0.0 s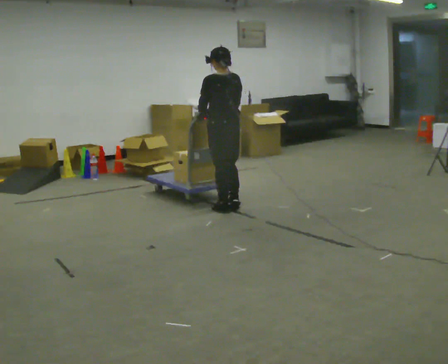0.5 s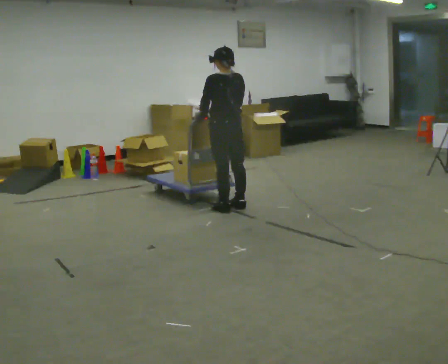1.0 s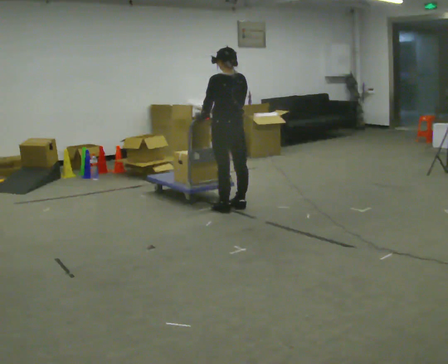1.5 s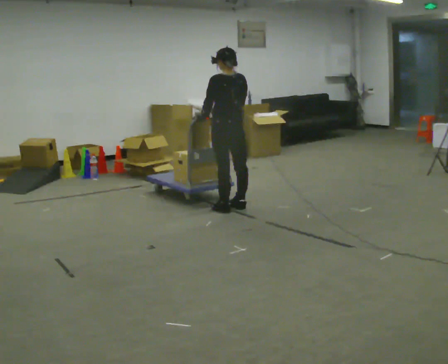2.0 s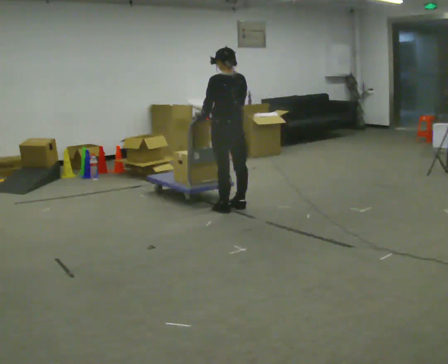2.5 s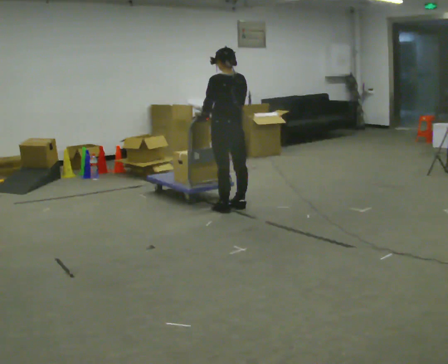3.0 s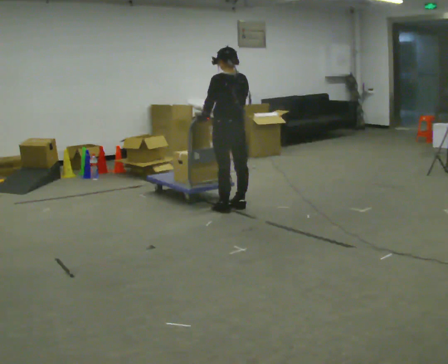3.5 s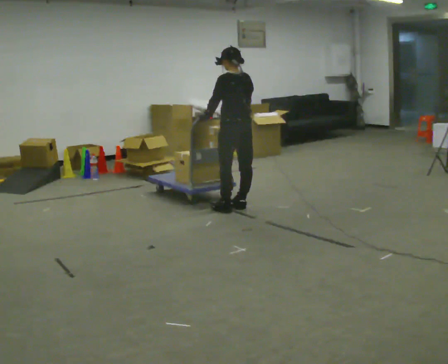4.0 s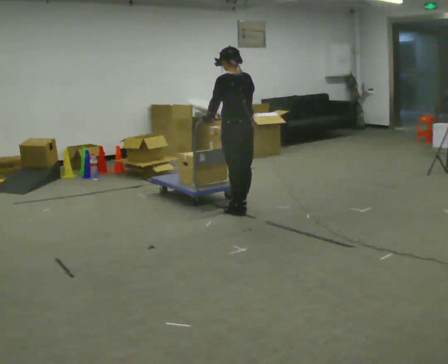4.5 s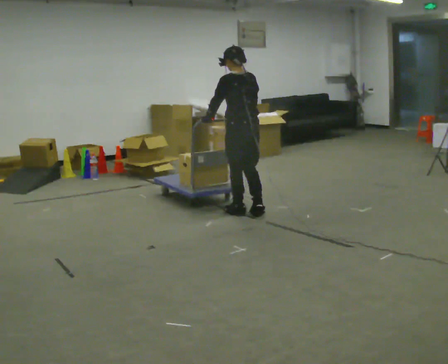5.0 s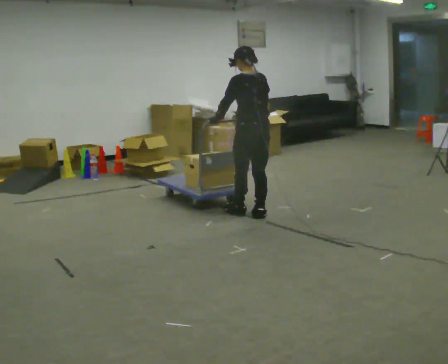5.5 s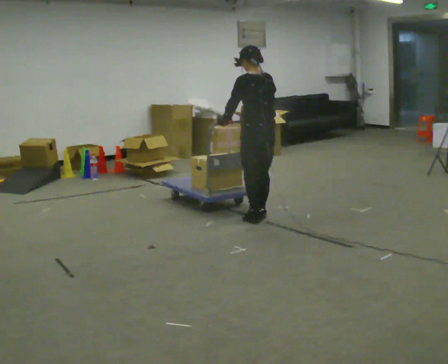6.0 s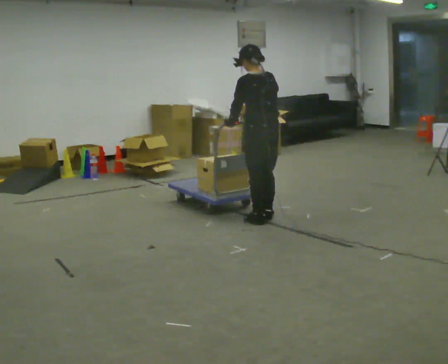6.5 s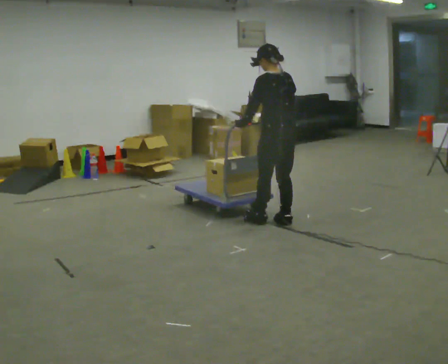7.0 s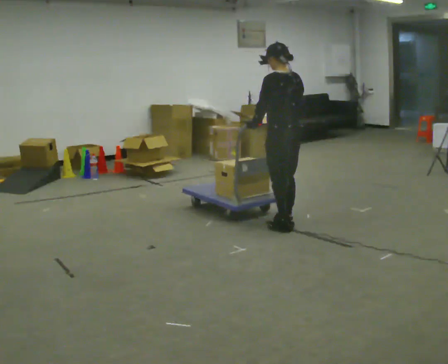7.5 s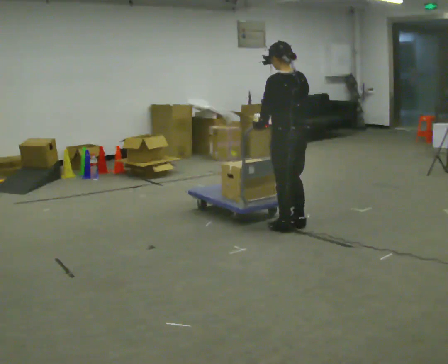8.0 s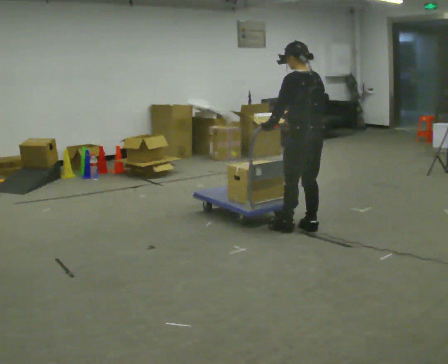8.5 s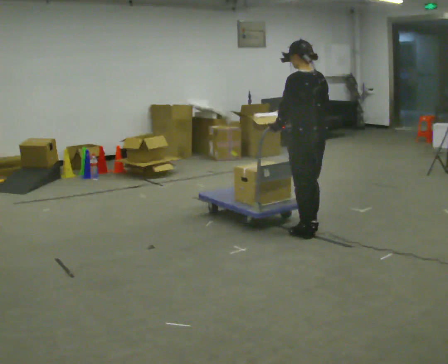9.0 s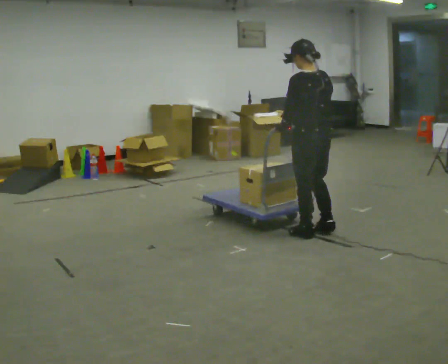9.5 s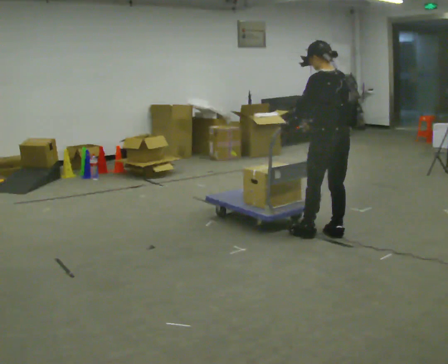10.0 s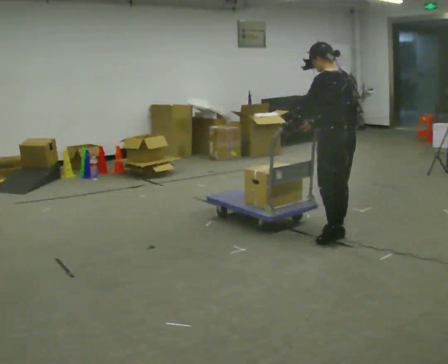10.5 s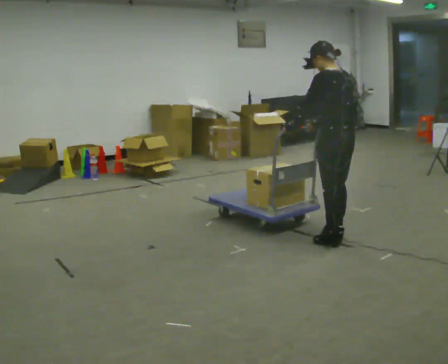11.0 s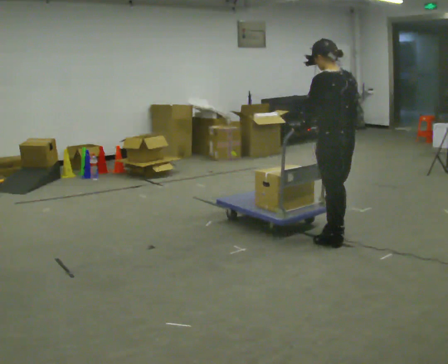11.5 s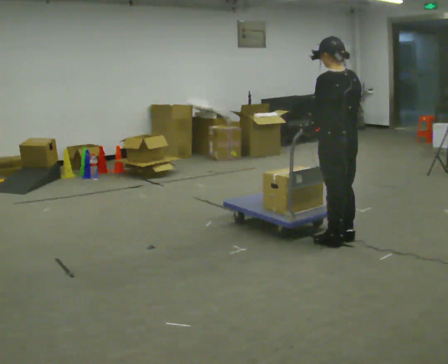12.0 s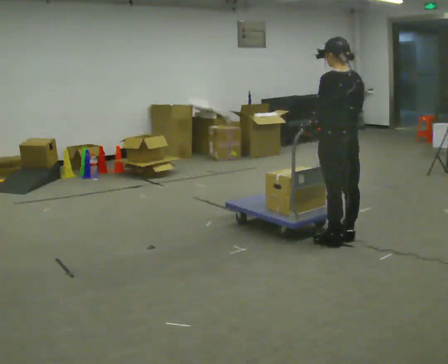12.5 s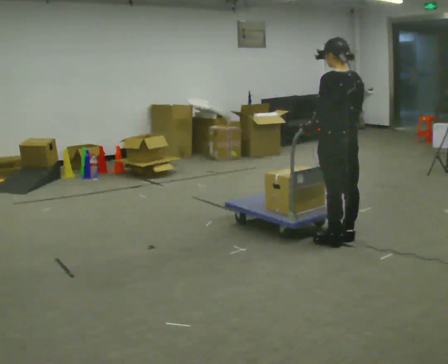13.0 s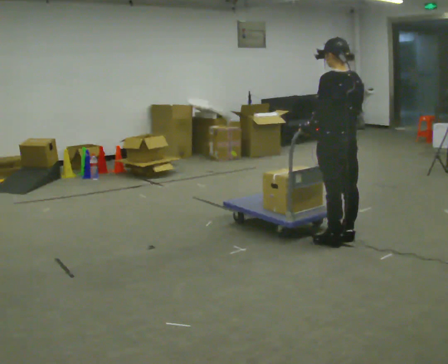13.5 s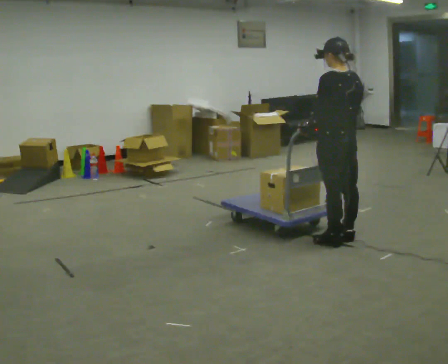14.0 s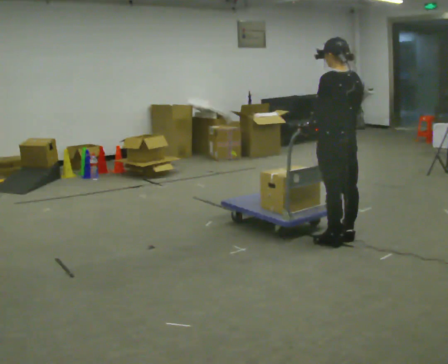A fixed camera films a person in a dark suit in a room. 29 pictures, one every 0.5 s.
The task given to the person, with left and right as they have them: Get the cart into the marked parking space and lined up with the tape. Take as many adjustments as you need. Then take it out again and repeat.
0.0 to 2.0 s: The person moves a little, or ends about where they began.
2.0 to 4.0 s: In the picture they go toward the camera, about 0.25 m, which for them is backward.
4.0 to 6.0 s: In the picture they go toward the camera and to the right, about 0.25 m in 2 steps, which for them is backward.
6.0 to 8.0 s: In the picture they go to the right and toward the camera, about 0.5 m in 3 steps, which for them is backward.
8.0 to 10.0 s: In the picture they go to the right, about 0.25 m in 2 steps, which for them is backward.
10.0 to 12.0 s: In the picture they go toward the camera, about 0.25 m in 1 step.
12.0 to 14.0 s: The person keeps their place and pose.
The film runs forward here.
